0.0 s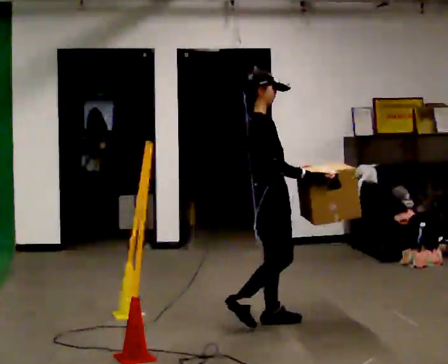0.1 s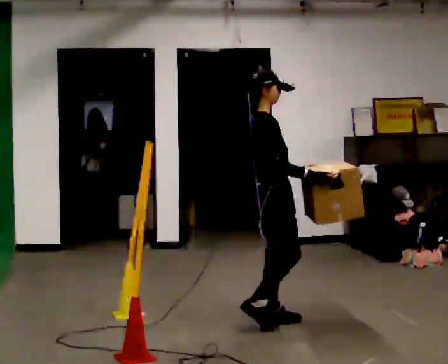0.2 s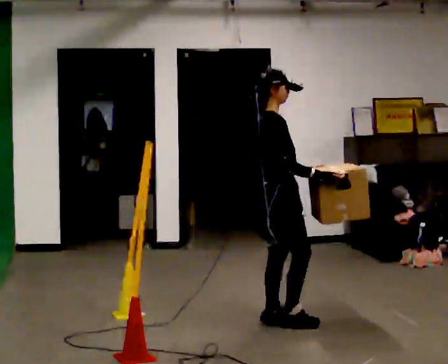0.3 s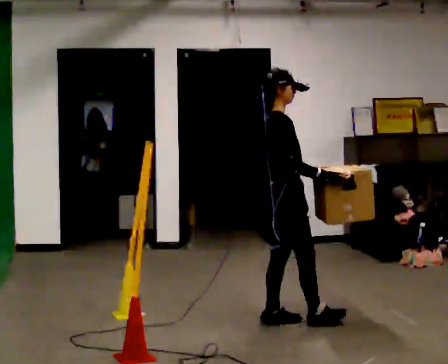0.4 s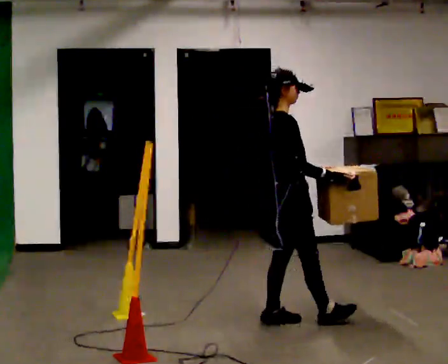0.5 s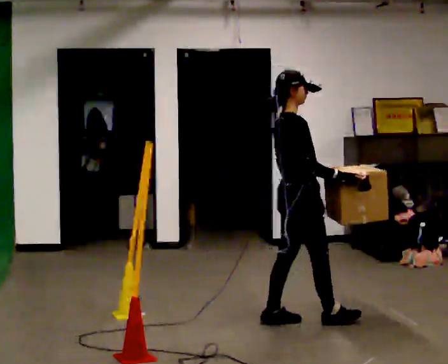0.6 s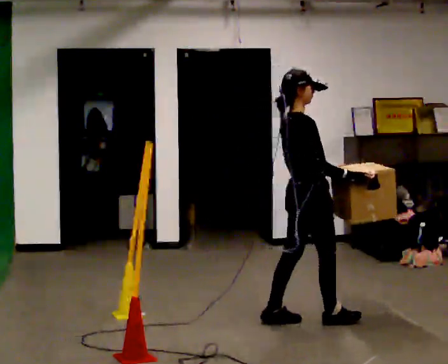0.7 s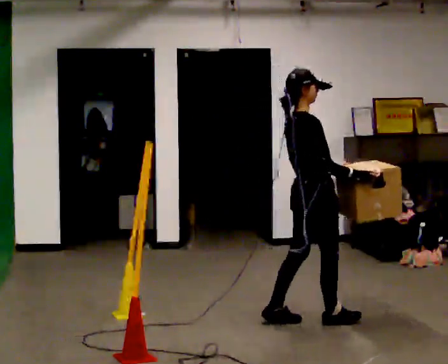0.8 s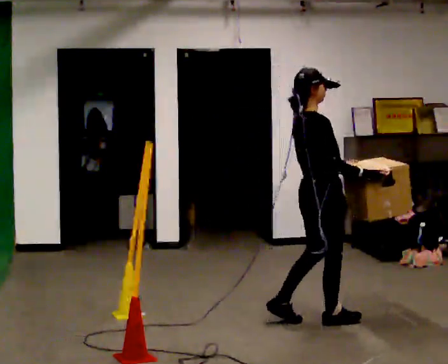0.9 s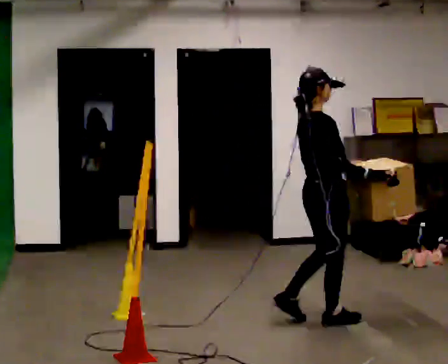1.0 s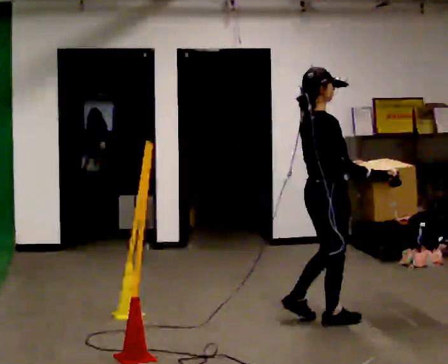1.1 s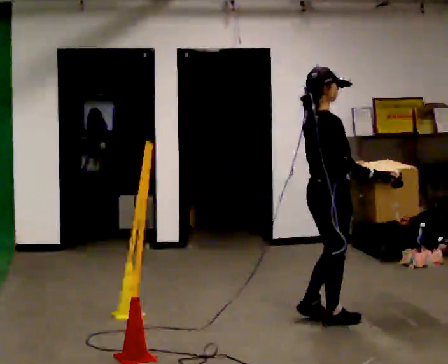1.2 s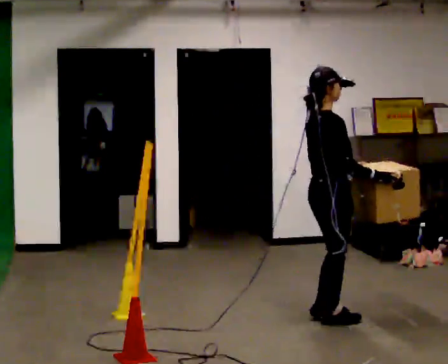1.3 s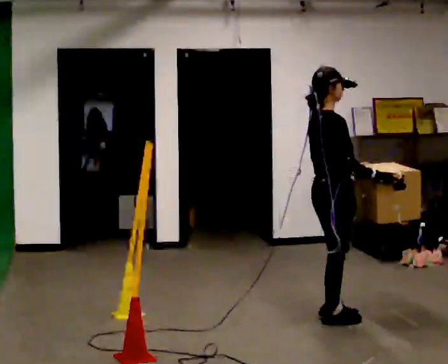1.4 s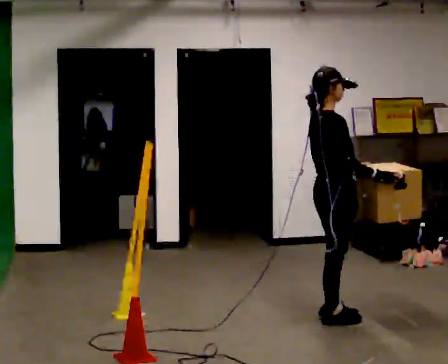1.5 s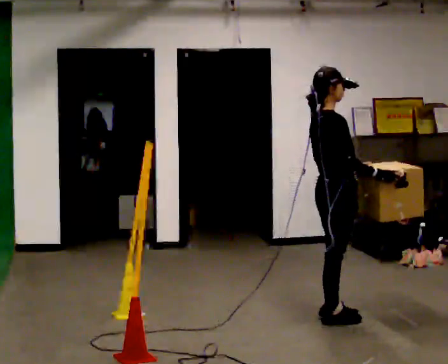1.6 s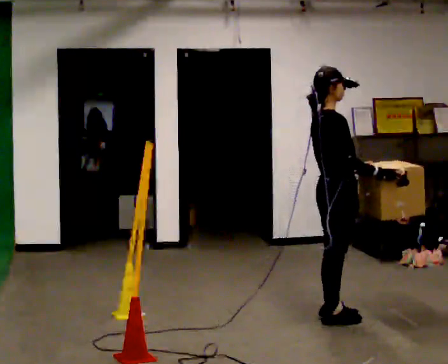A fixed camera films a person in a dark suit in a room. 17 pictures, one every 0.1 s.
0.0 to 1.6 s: In the picture they go to the right, about 0.5 m in 2 steps, which for them is forward.
The film runs forward here.
